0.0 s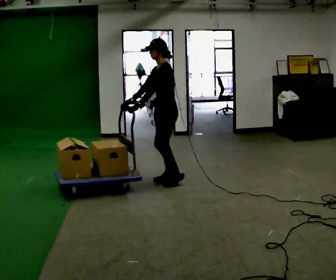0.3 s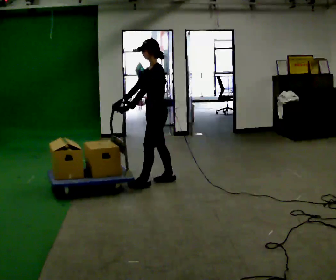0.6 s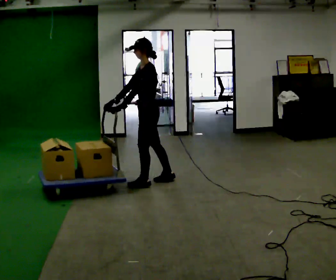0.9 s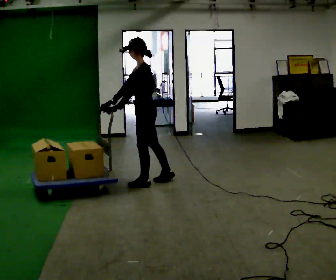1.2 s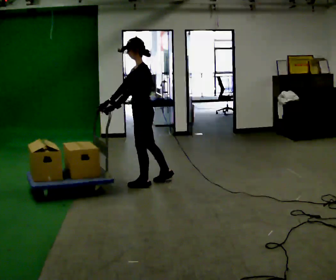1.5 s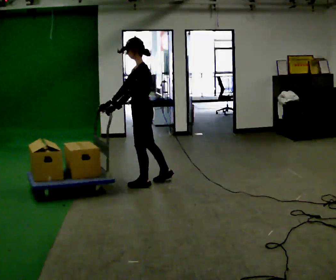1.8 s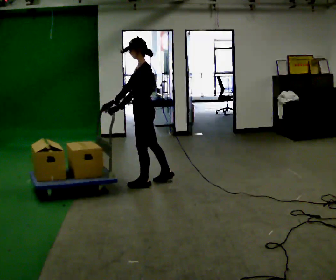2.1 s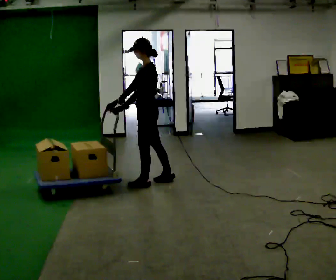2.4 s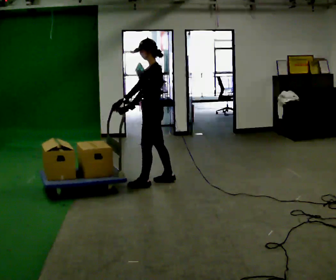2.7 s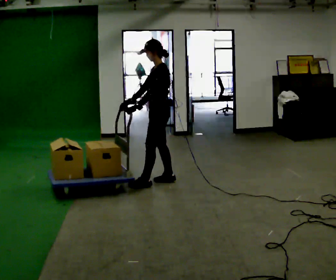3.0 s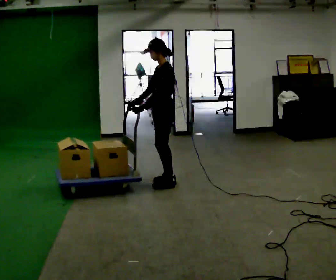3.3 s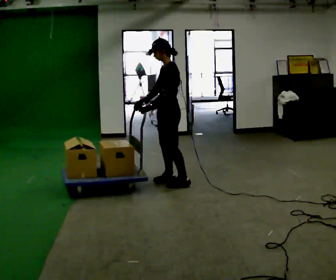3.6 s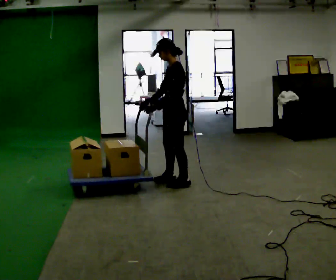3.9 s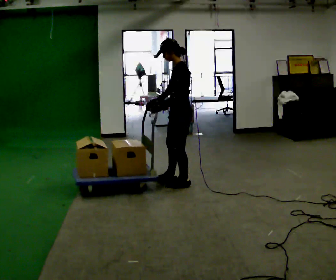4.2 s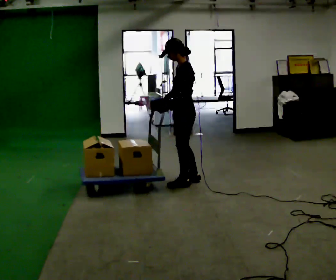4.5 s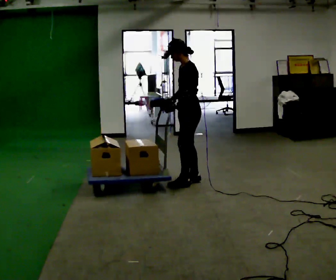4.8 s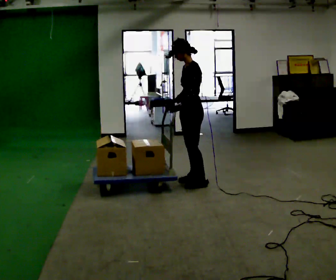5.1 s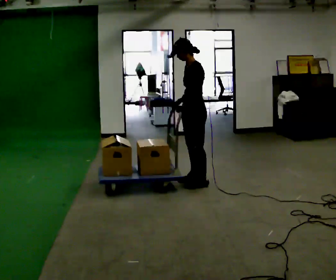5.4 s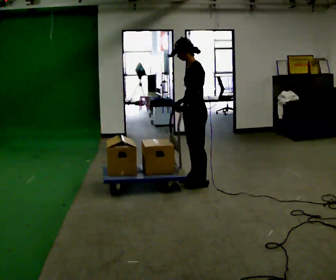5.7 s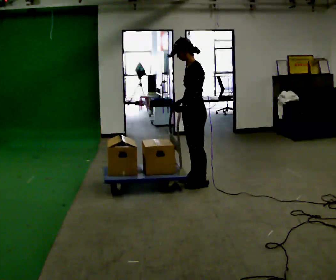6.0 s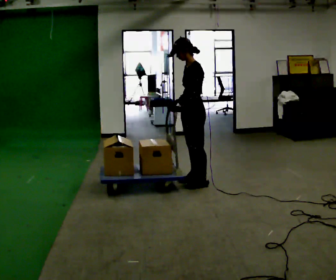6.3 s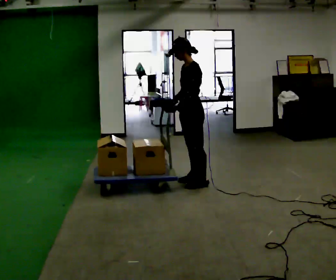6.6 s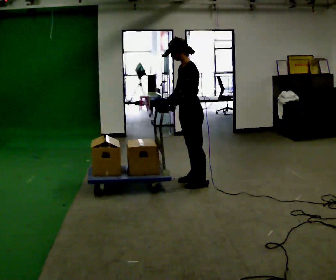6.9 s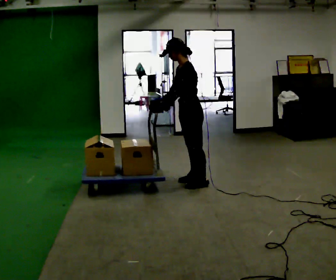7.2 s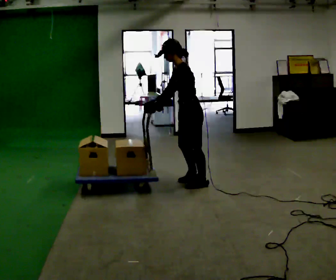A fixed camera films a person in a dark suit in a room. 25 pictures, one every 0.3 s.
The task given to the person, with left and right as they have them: Get the cart into the marked parking space and lined up with the tape. Take as many adjustments as you need. Then take it out again and repeat.
0.0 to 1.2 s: In the picture they go to the left, about 0.25 m in 1 step, which for them is forward and to their left.
1.2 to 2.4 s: The person moves a little, or ends about where they began.
2.4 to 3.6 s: In the picture they go to the right, about 0.25 m in 1 step, which for them is backward.
3.6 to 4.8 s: In the picture they go to the right, about 0.25 m in 2 steps, which for them is backward.
4.8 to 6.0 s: The person moves a little, or ends about where they began.
6.0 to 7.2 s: In the picture the upper body tilts counterclockwise, shoulders to the left, as they bend forward.
The film runs forward here.
